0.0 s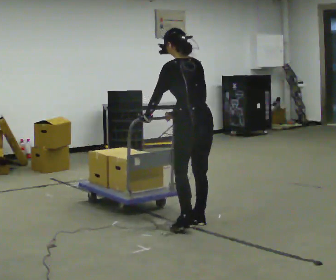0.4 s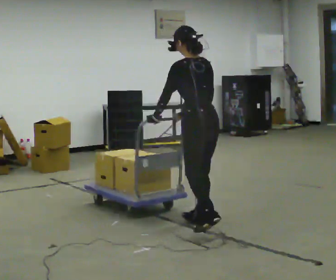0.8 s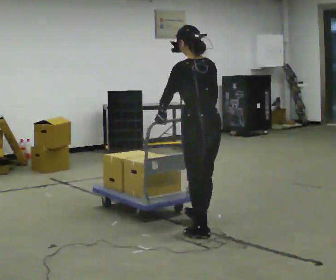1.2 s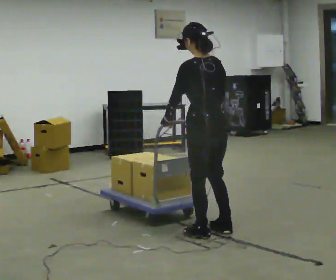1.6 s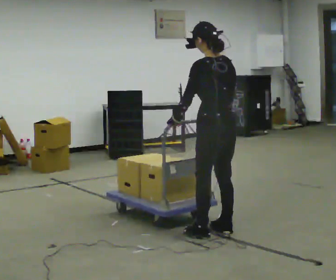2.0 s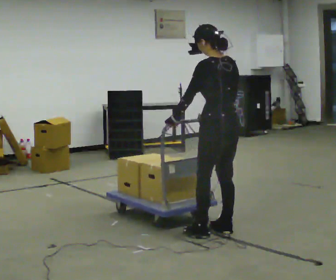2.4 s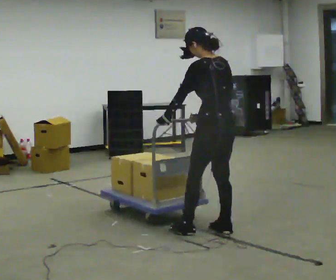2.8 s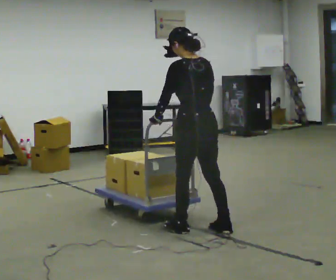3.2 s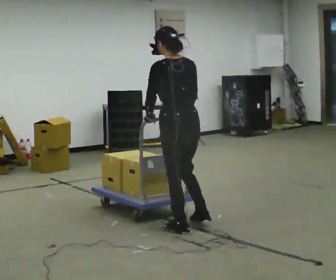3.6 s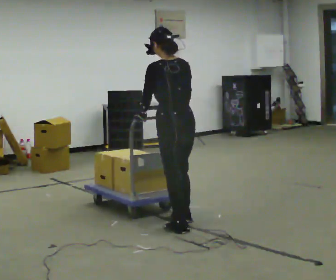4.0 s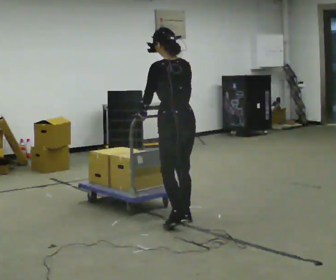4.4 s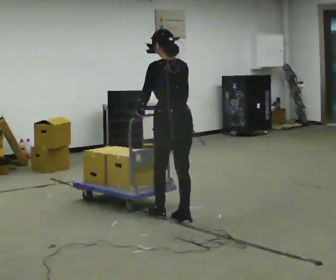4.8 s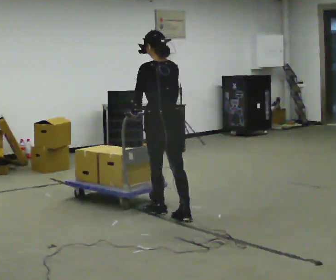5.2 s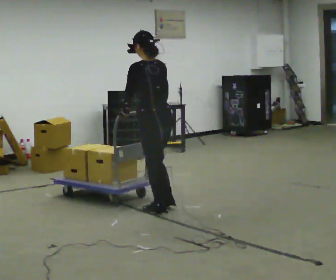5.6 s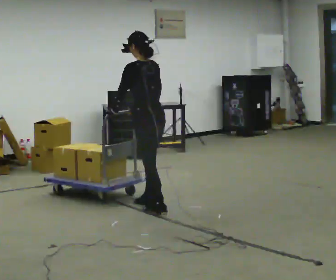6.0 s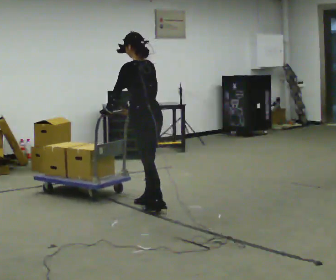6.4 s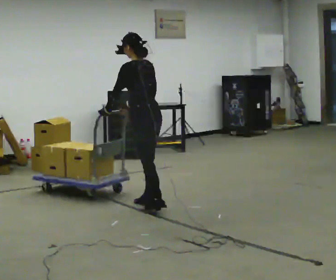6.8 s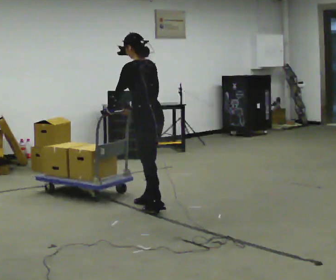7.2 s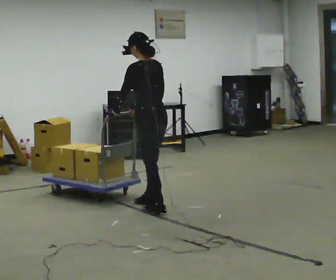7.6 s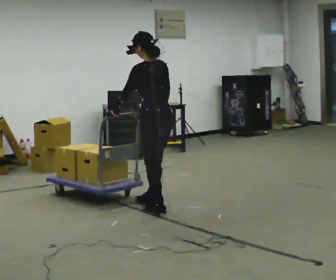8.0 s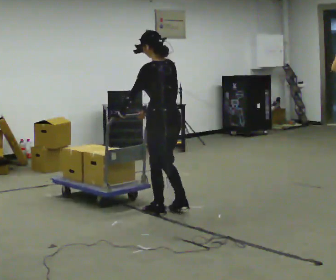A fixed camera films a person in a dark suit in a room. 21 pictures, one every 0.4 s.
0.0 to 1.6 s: In the picture they go toward the camera, about 0.25 m in 2 steps, which for them is backward.
1.6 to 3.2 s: In the picture they go to the left, about 0.25 m in 1 step, which for them is forward and to their left.
3.2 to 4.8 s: In the picture they go away from the camera, about 0.5 m in 2 steps, which for them is forward.
4.8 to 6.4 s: The person turns about 30 degrees to their left, counterclockwise seen from above, so the part of the body nearest the lens slides to the right. In the picture they go away from the camera, about 0.25 m in 1 step, which for them is forward and to their right.
6.4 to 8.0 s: In the picture they go toward the camera, about 0.25 m, which for them is backward.
The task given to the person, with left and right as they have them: Get the cart into the marked parking space and lined up with the tape. Take as many adjustments as you need. Then take it out again and repeat.
The film runs forward here.
